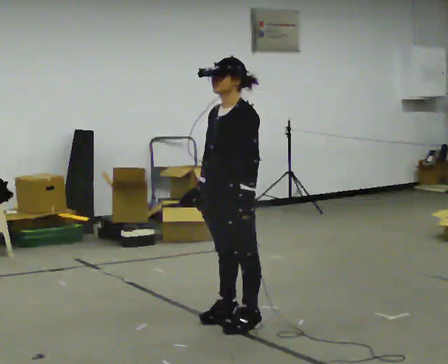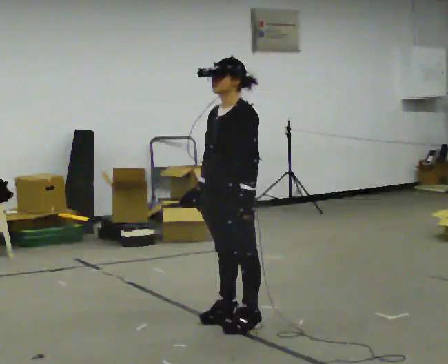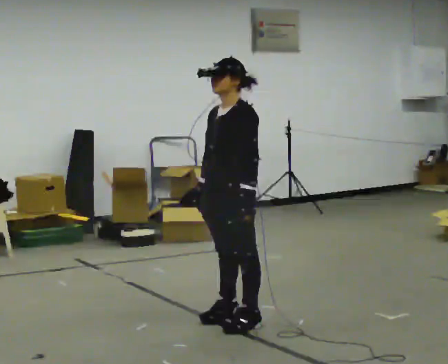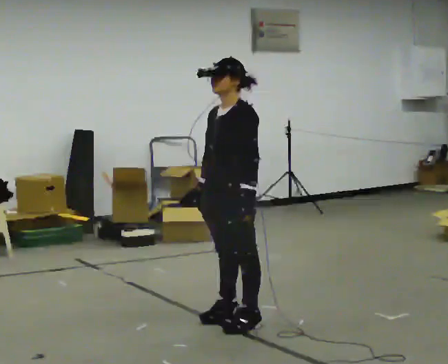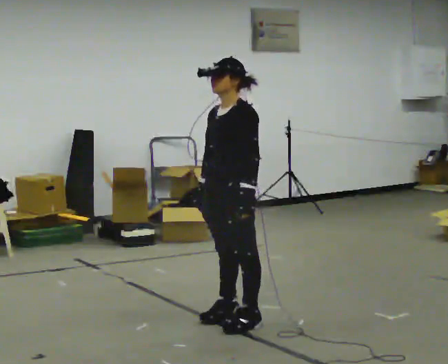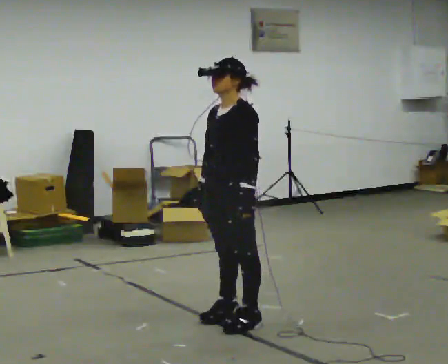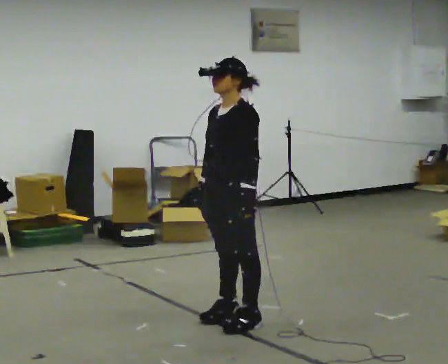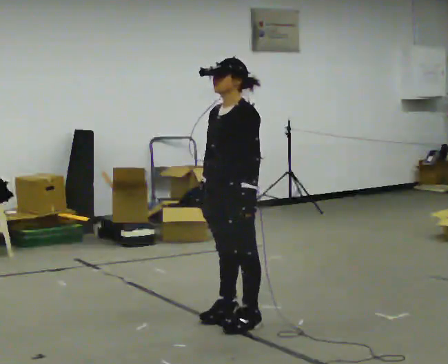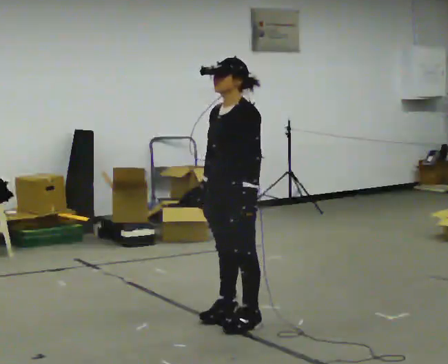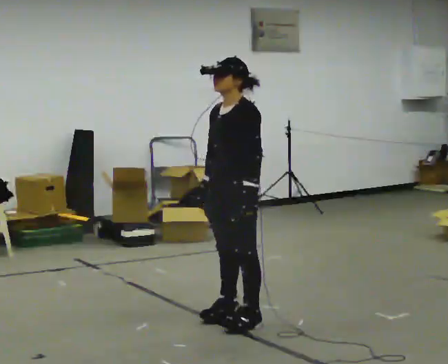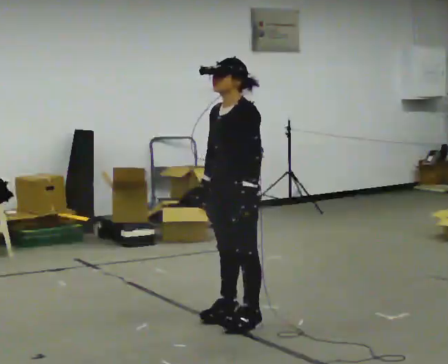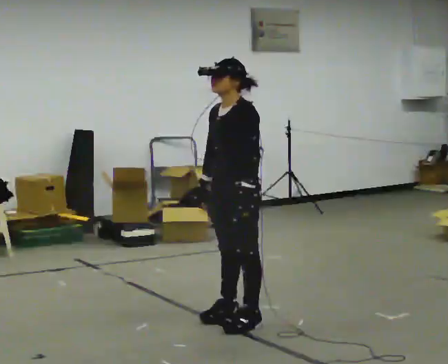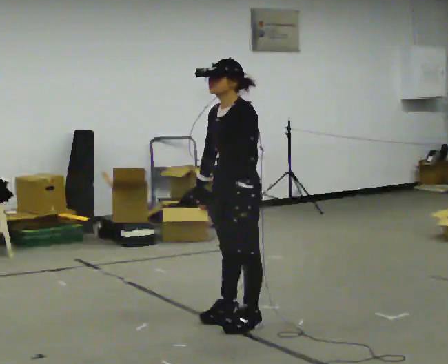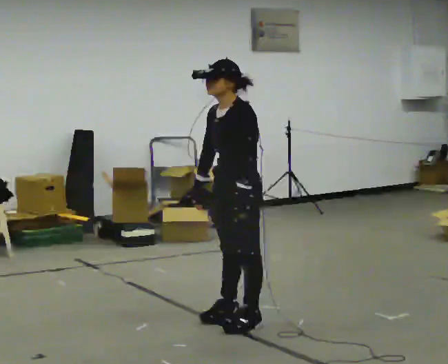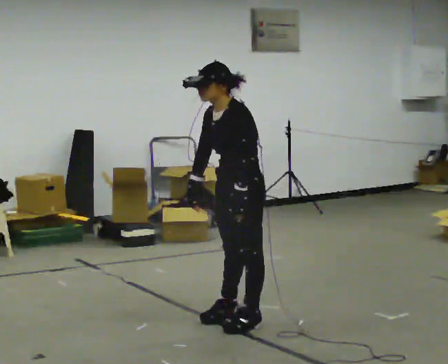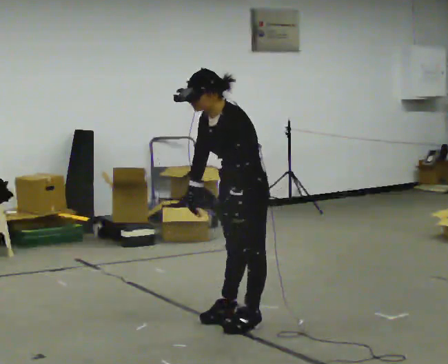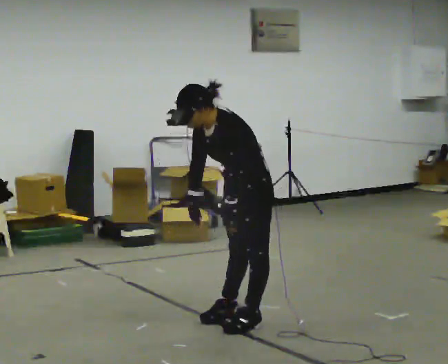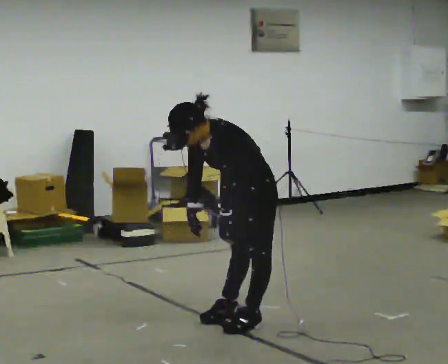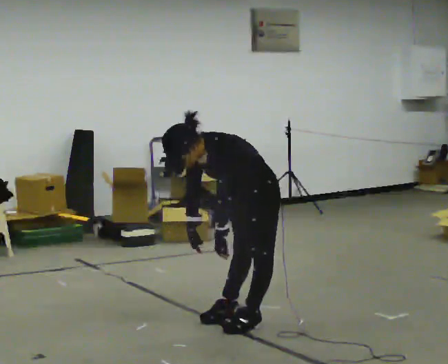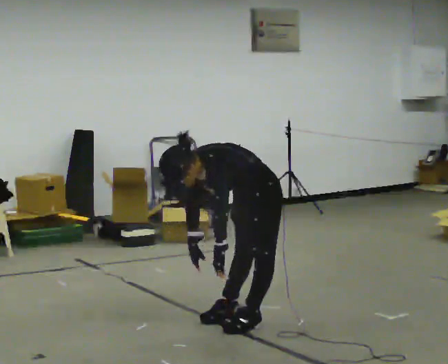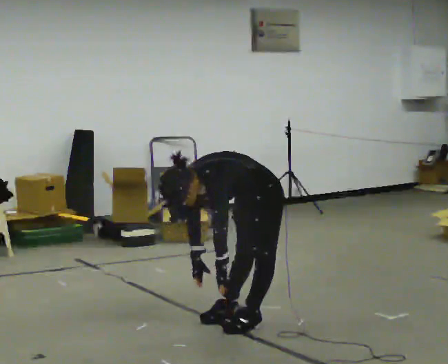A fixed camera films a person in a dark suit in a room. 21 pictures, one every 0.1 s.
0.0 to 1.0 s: The person moves a little, or ends about where they began.
1.0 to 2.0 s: The upper body goes downward. In the picture the upper body tilts counterclockwise, shoulders to the left, as they bend forward. In the picture their right hand goes downward.
The film runs backward here.
